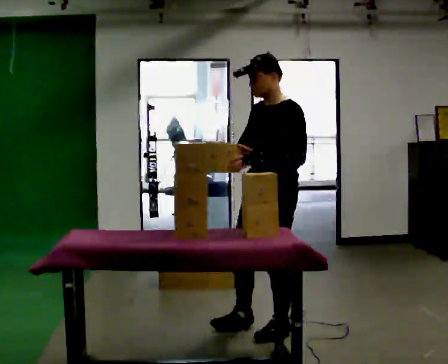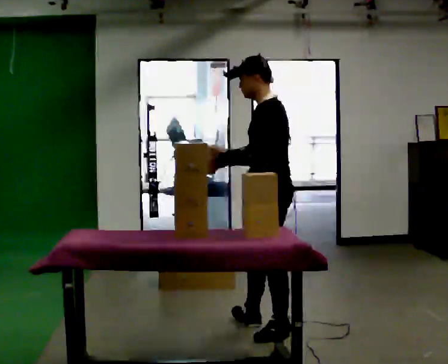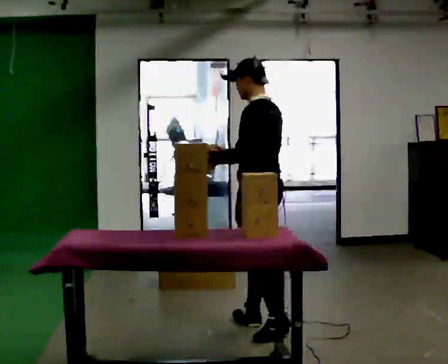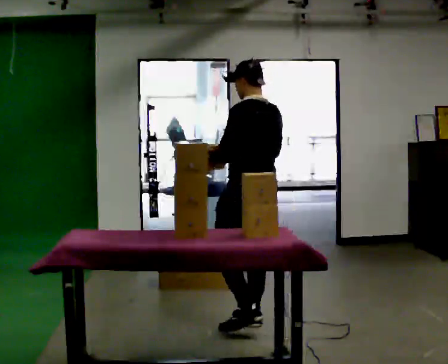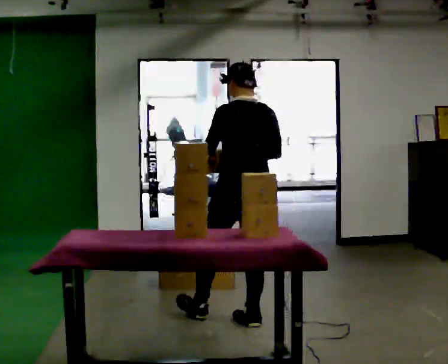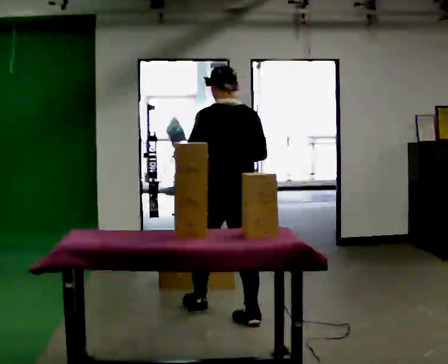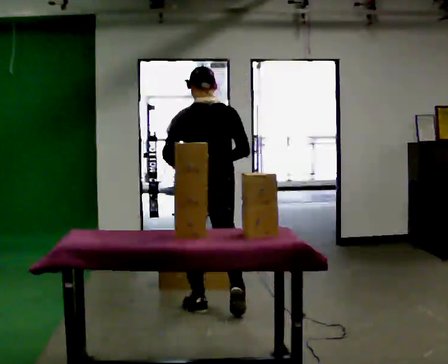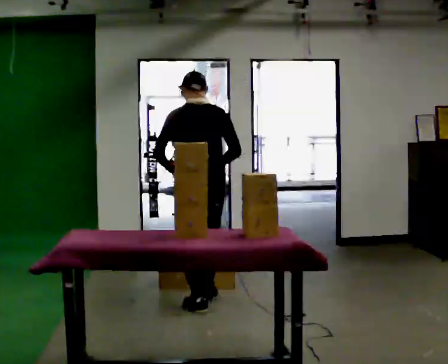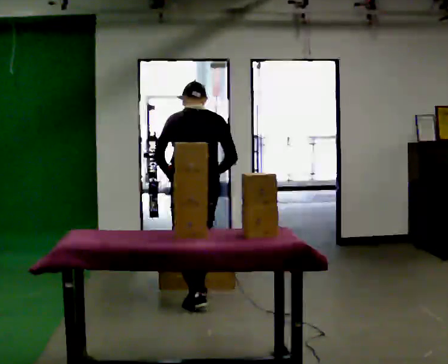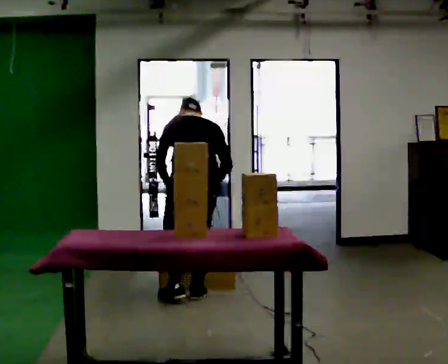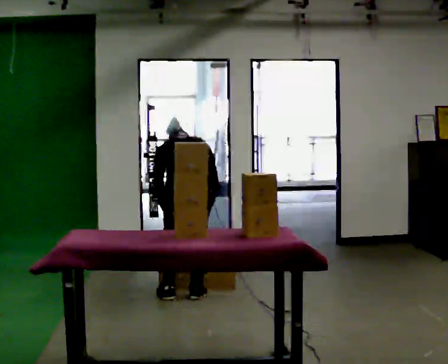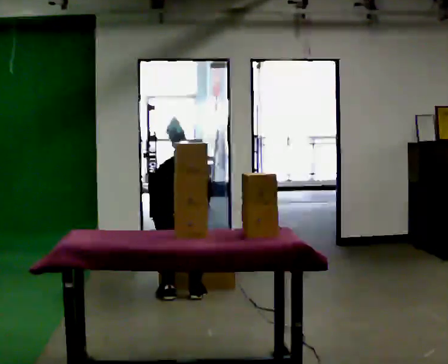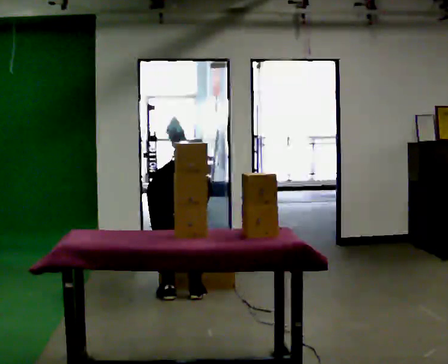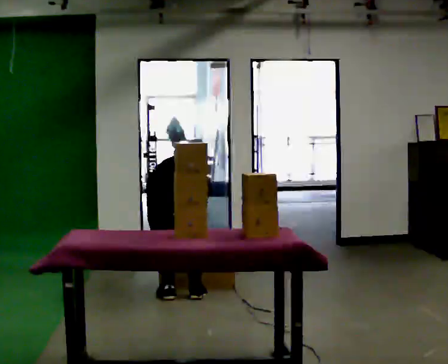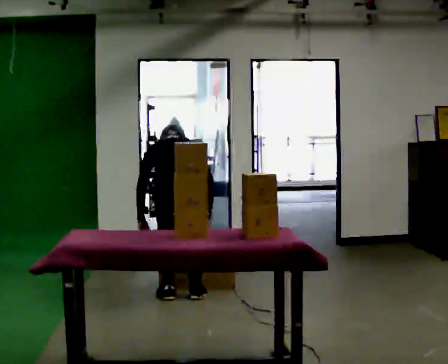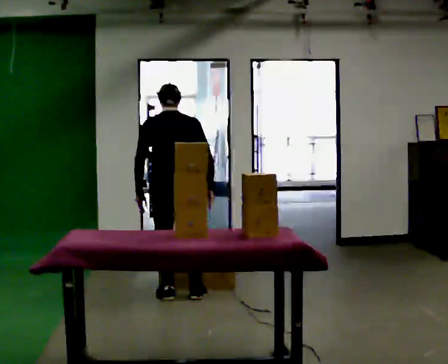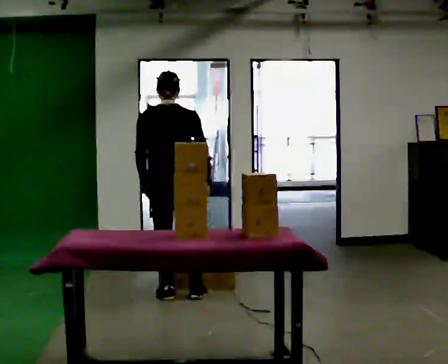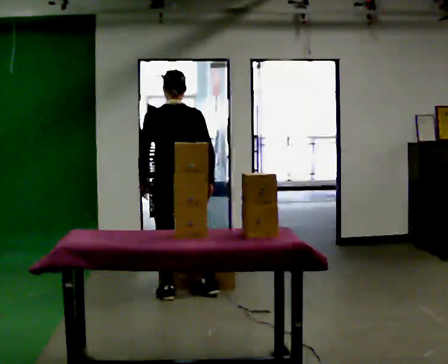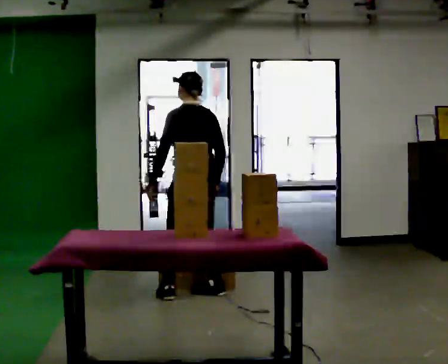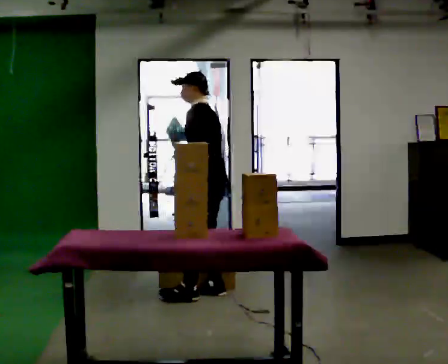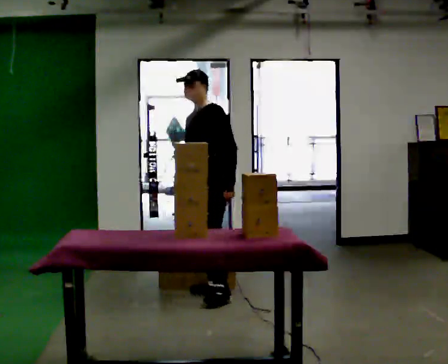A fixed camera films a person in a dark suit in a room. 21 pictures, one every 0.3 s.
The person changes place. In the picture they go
away from the camera.
The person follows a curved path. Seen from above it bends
clockwise.
0.0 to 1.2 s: The person turns about 90 degrees to their right, clockwise seen from above, so the part of the body nearest the lens slides to the left. In the picture they go away from the camera and to the left, about 0.25 m in 1 step.
1.2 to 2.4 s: In the picture they go away from the camera and to the left, about 0.5 m in 2 steps, which for them is forward and to their left.
2.4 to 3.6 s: The upper body goes downward. The upper body tips away from the camera, its near side rolling upward, as they bend forward. In the picture their left hand goes downward.
3.6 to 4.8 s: The shoulders move upward. The upper body tips toward the camera, its near side rolling downward, as they lean back or straighten. In the picture their right hand goes upward.
4.8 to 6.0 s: The part of the body nearest the lens slides to the right as the person turns to their left by about 120 degrees. In the picture they go to the right, about 0.25 m in 2 steps.
The film runs forward here.
